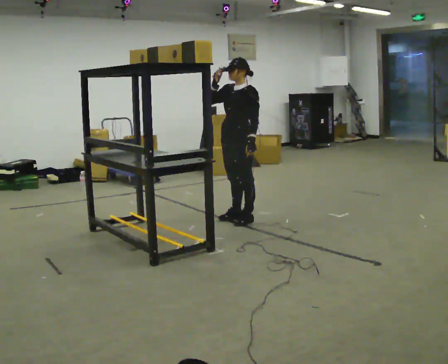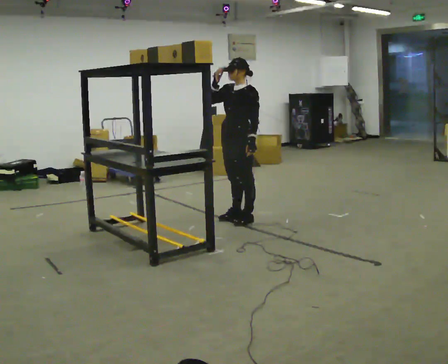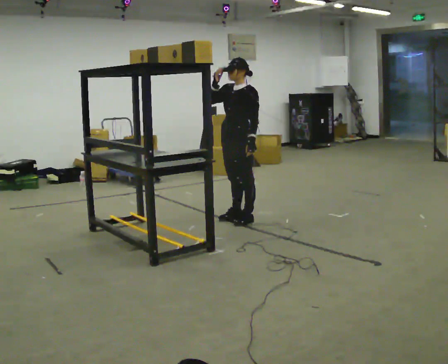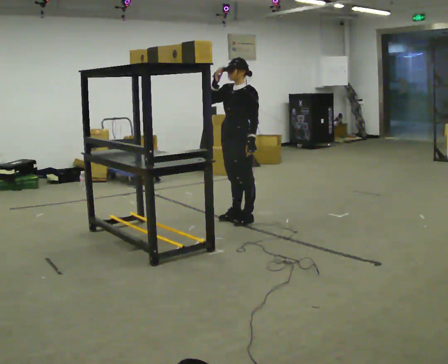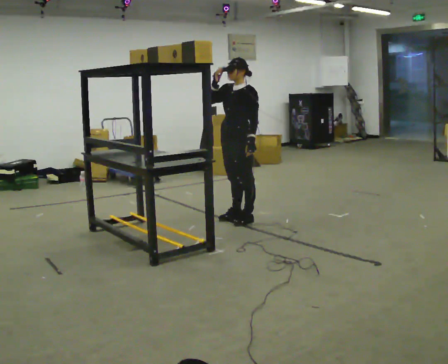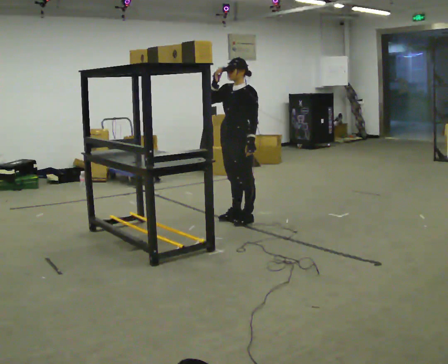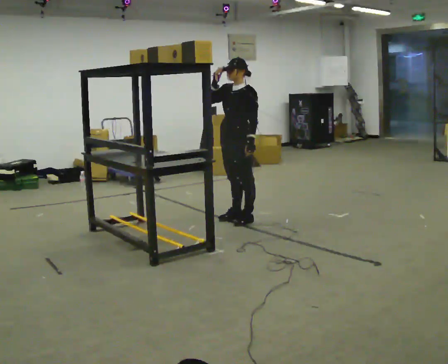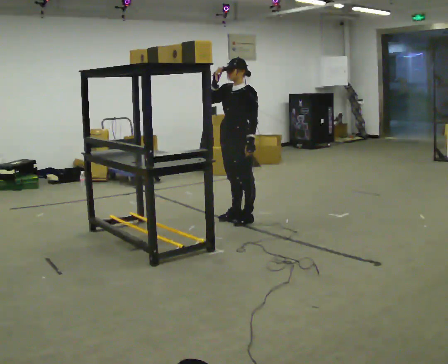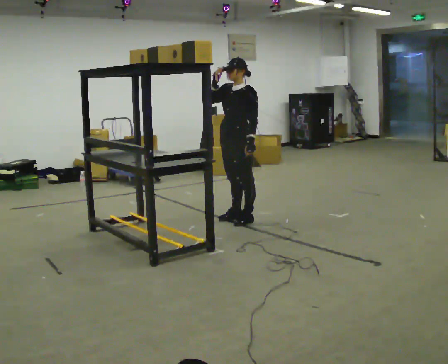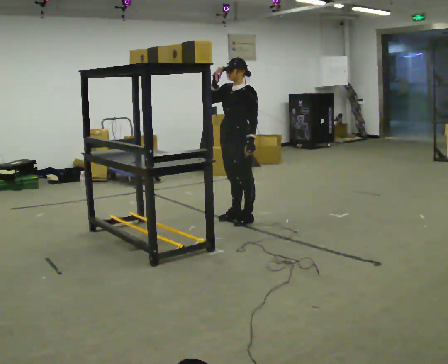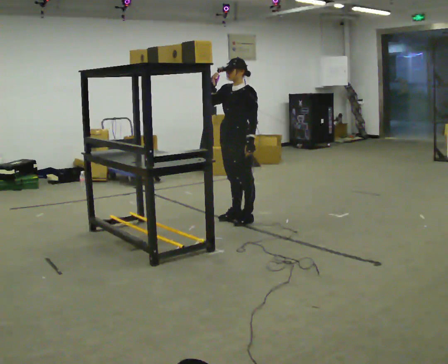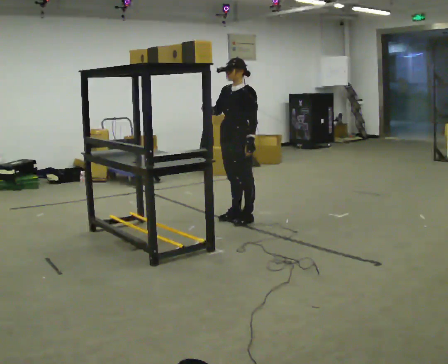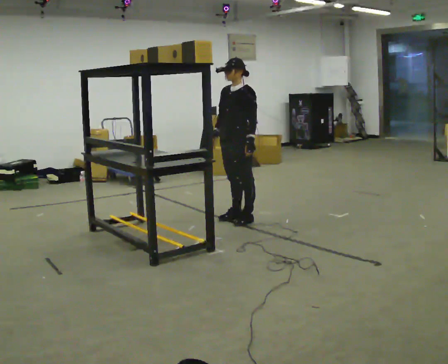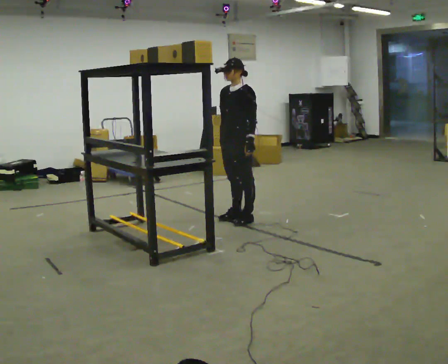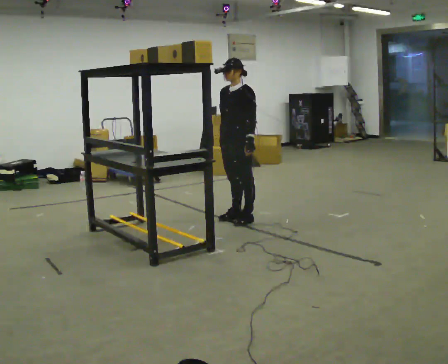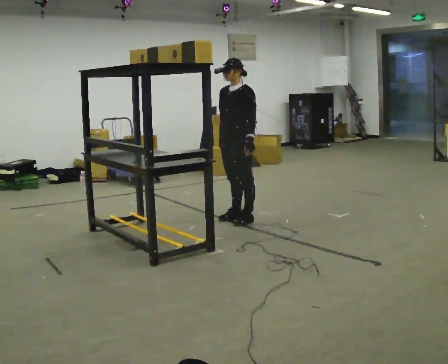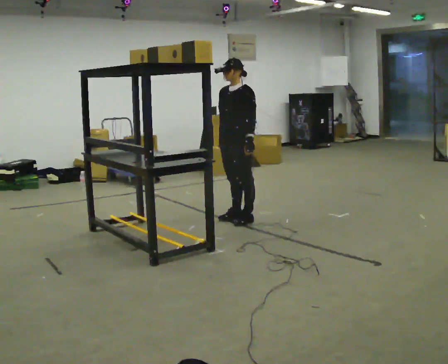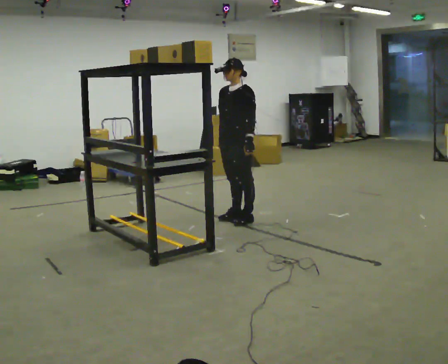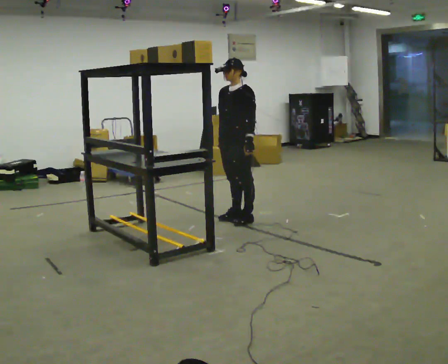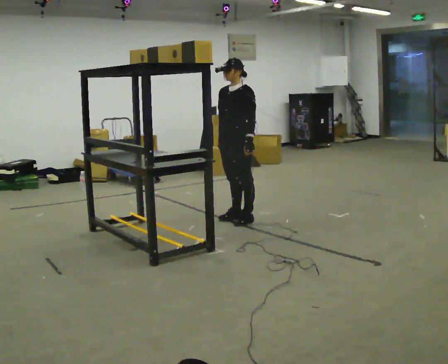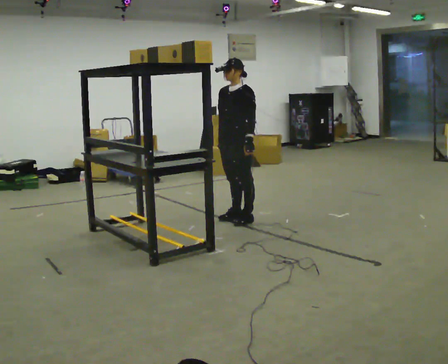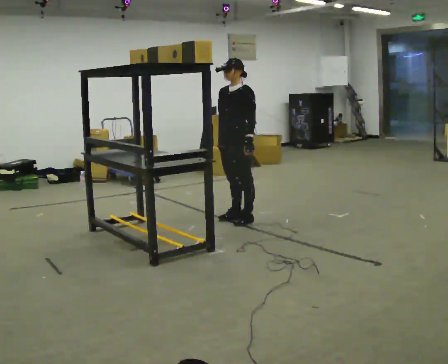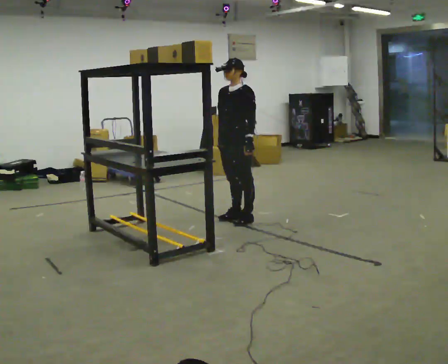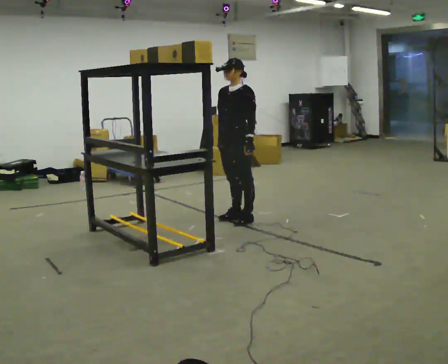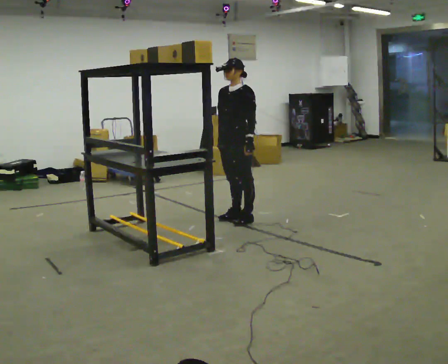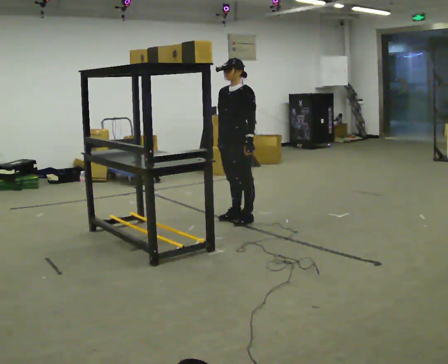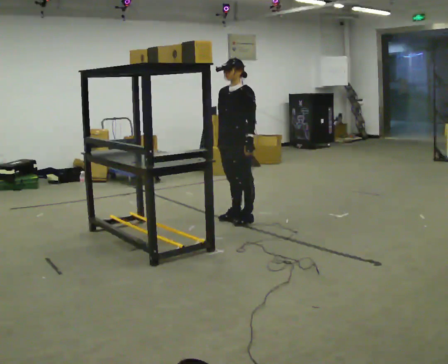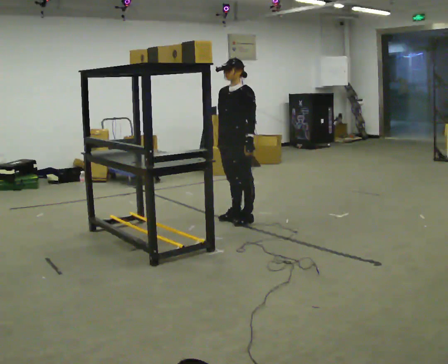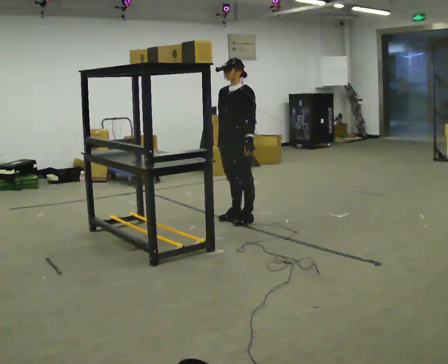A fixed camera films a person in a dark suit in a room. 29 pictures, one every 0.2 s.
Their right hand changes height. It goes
downward.
0.0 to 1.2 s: The person moves a little, or ends about where they began.
1.2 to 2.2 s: In the picture their right hand goes downward.
2.2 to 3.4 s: The person moves a little, or ends about where they began.
3.4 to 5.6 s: The person keeps their place and pose.
The film runs forward here.
